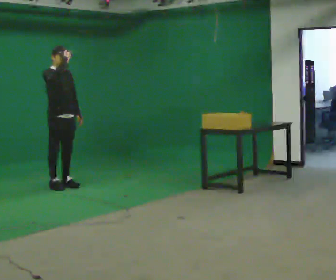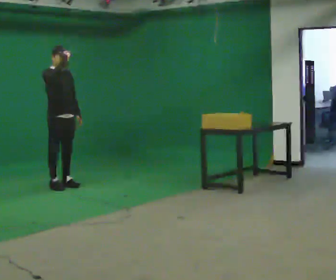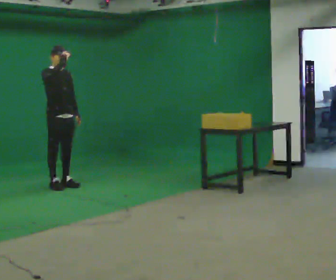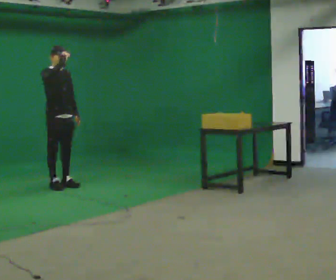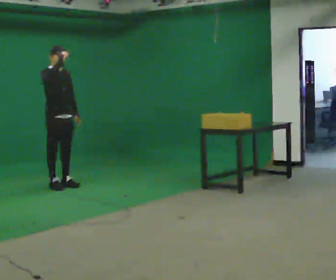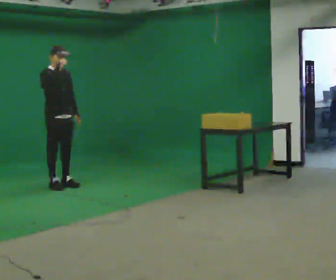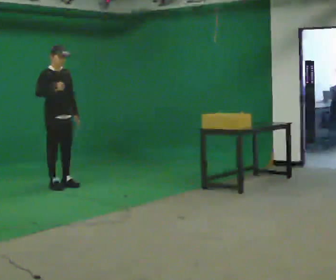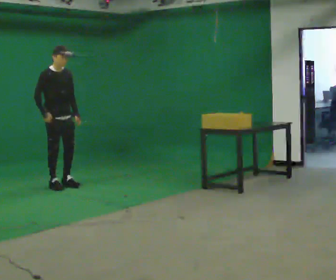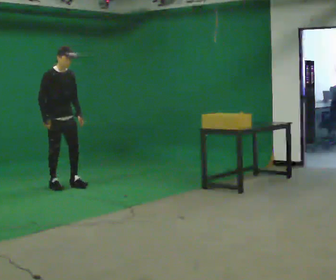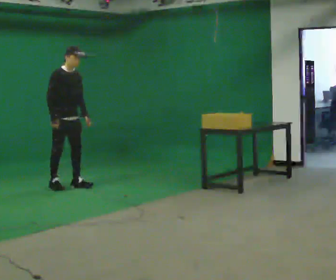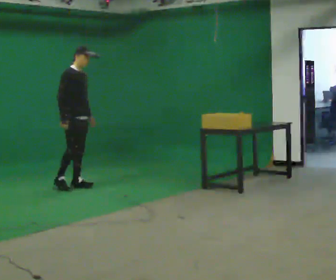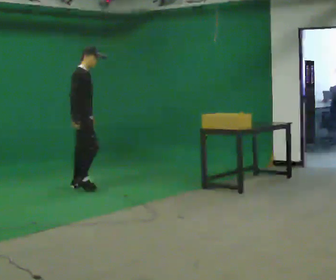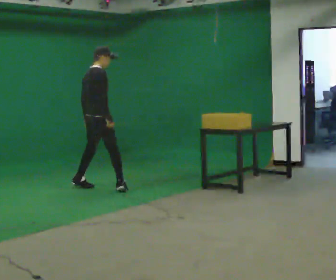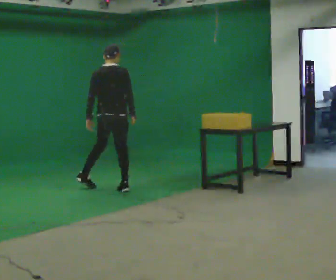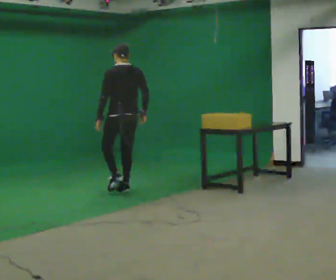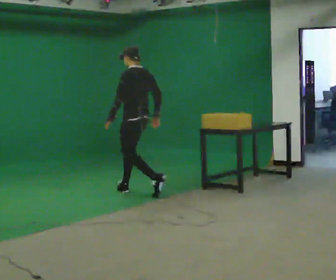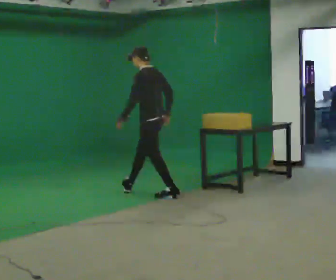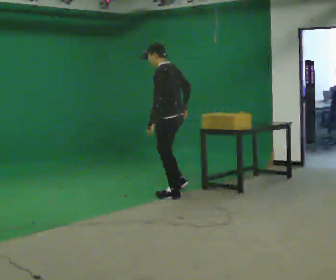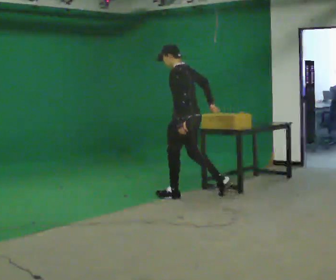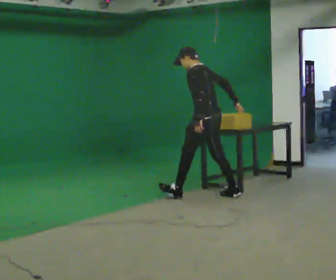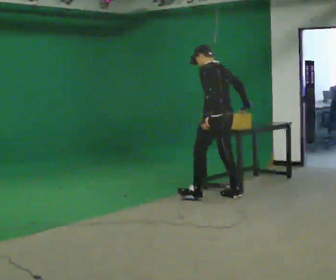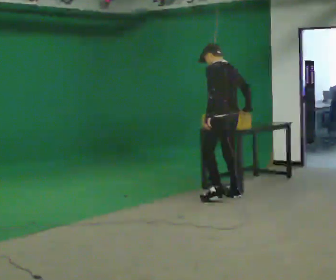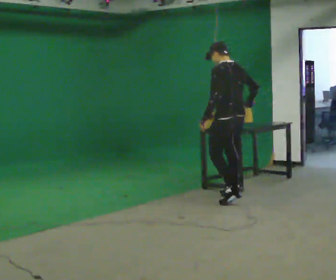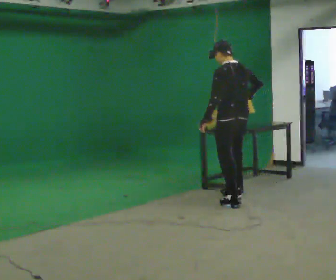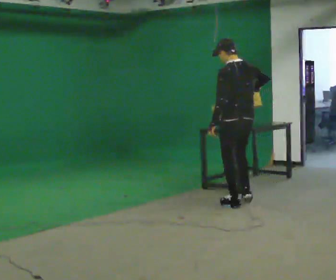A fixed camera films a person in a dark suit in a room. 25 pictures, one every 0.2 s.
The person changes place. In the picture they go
to the right.
0.0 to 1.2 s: The person moves a little, or ends about where they began.
1.2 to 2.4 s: Seen from above the body turns counterclockwise, about 75 degrees: to their left, with its near side sliding to the right. In the picture they go to the right, about 0.5 m in 2 steps. In the picture their right hand goes downward.
2.4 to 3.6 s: The person turns about 120 degrees to their left, counterclockwise seen from above, so the part of the body nearest the lens slides to the right. In the picture they go to the right and toward the camera, about 1 m in 2 steps.
3.6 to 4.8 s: Seen from above the body turns clockwise, about 30 degrees: to their right, with its near side sliding to the left. In the picture they go toward the camera and to the right, about 0.5 m in 2 steps, which for them is backward.
The film runs backward here.
